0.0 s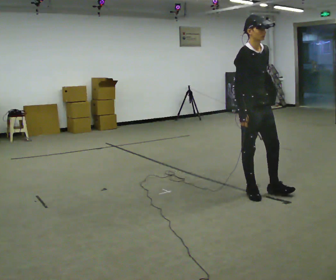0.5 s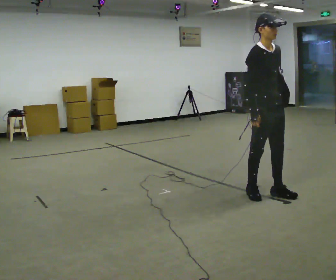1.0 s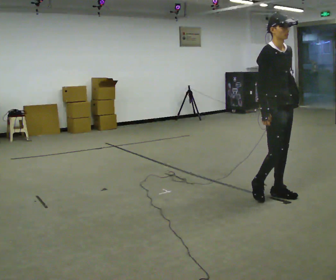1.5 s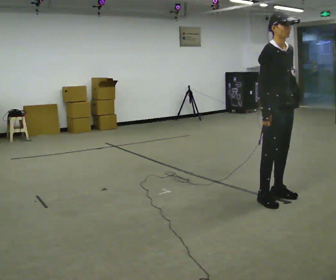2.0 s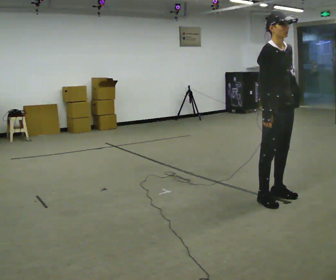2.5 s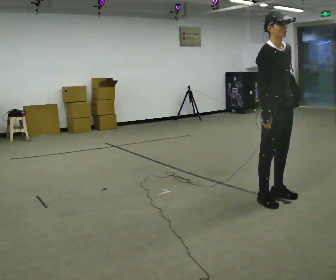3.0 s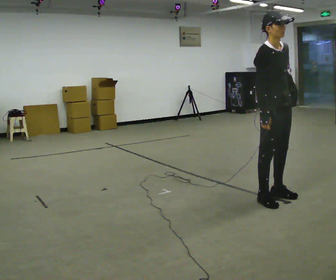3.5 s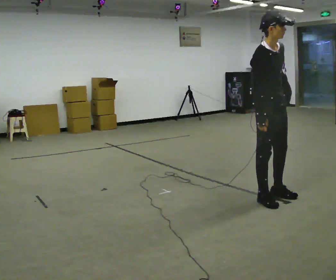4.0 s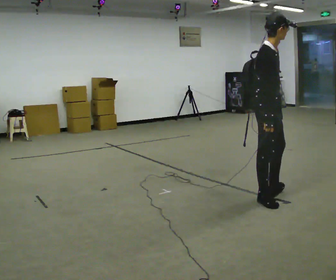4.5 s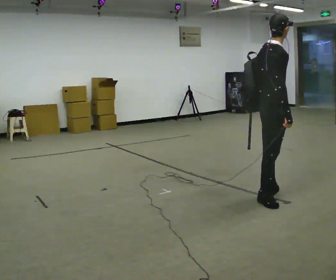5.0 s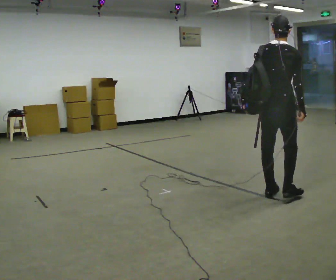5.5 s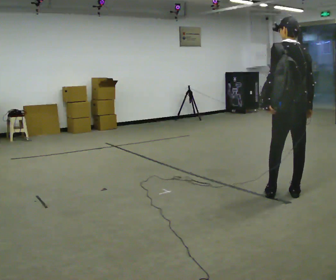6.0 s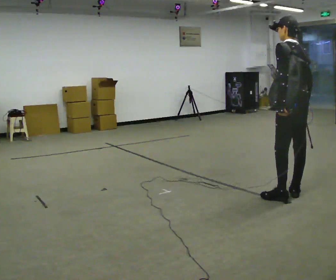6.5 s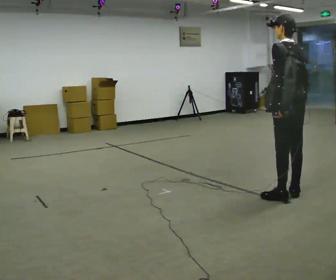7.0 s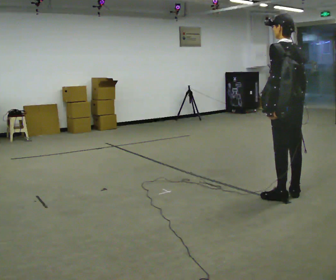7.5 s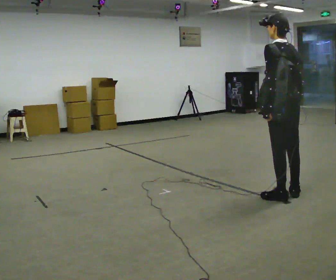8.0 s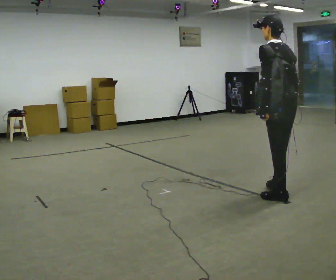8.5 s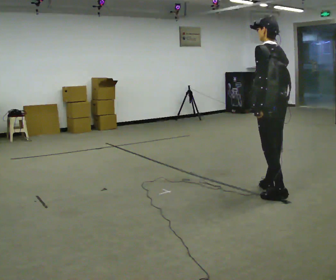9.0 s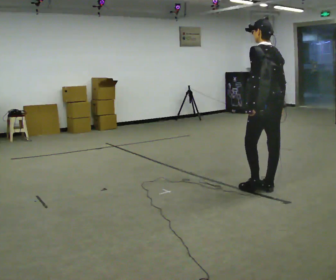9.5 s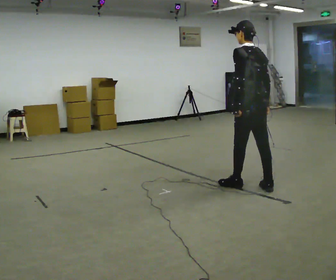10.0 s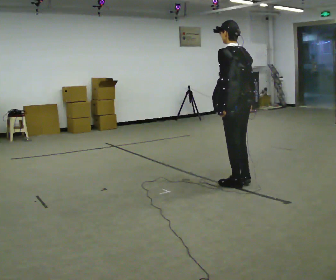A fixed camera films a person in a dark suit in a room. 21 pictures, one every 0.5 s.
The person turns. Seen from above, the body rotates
counterclockwise.
The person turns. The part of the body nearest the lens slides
to the right.
0.0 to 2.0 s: In the picture they go to the right, about 0.25 m in 2 steps, which for them is forward.
2.0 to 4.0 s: Seen from above the body turns counterclockwise, about 30 degrees: to their left, with its near side sliding to the right.
4.0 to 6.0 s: The person turns about 150 degrees to their left, counterclockwise seen from above, so the part of the body nearest the lens slides to the right. In the picture they go to the right and away from the camera, about 0.25 m in 2 steps.
6.0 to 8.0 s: The person moves a little, or ends about where they began.
8.0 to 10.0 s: In the picture they go to the left and away from the camera, about 0.5 m in 2 steps, which for them is forward.
The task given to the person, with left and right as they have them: Put the soft bag up onto your shoulder and carry it across the room, back and forth.
The film runs forward here.
